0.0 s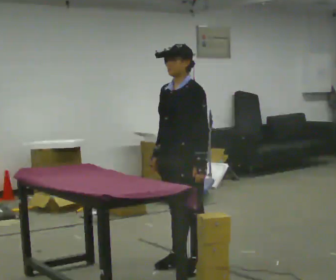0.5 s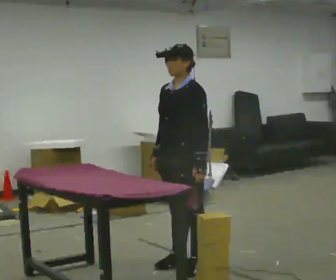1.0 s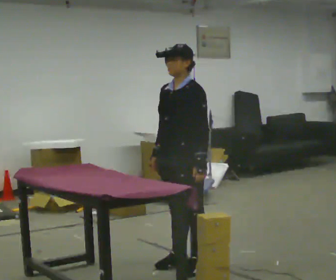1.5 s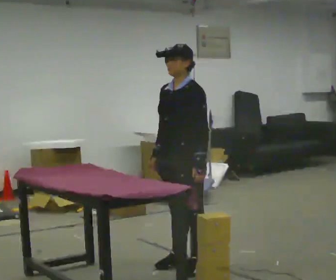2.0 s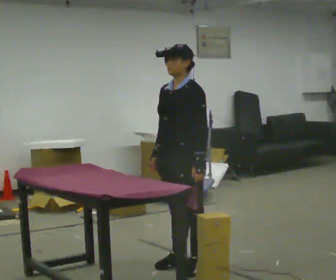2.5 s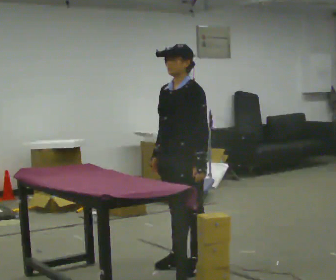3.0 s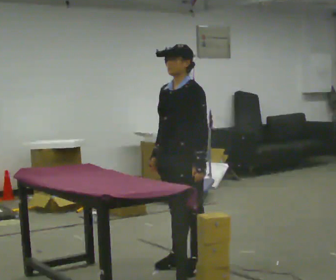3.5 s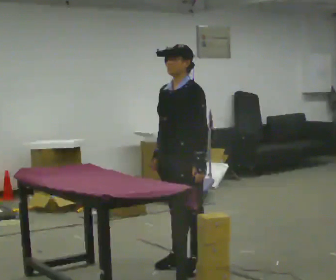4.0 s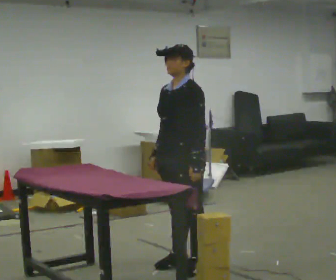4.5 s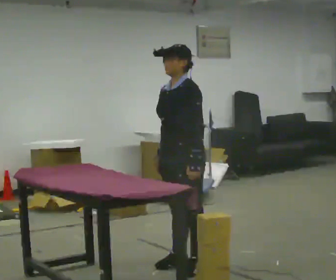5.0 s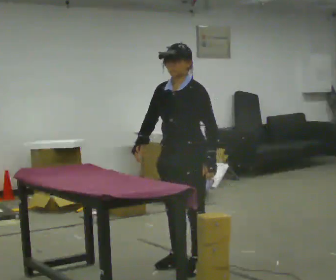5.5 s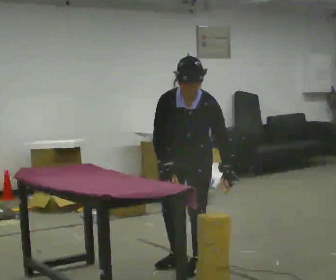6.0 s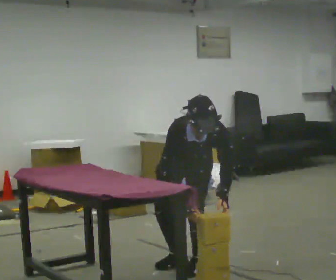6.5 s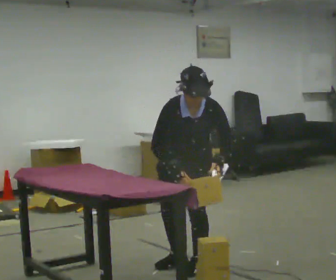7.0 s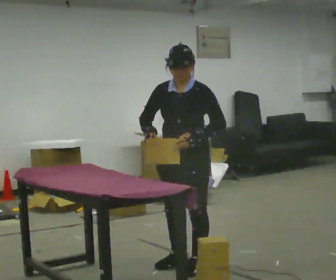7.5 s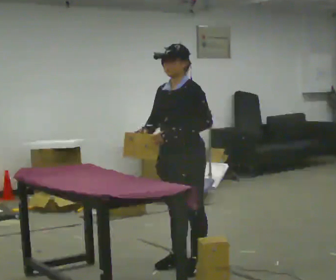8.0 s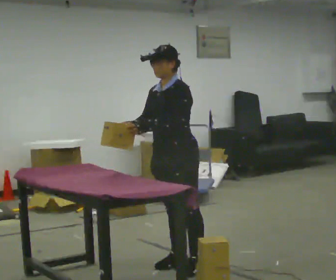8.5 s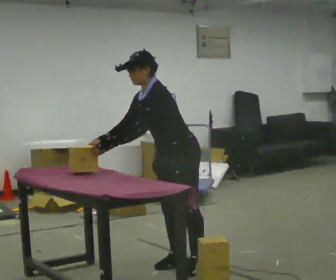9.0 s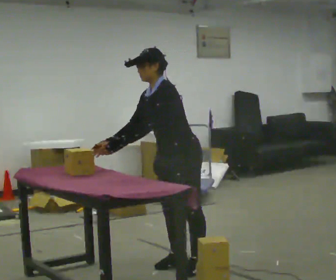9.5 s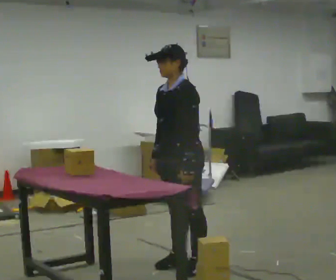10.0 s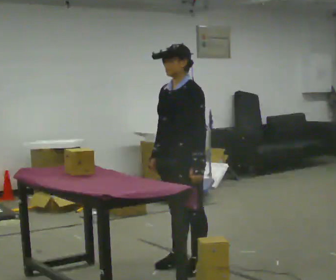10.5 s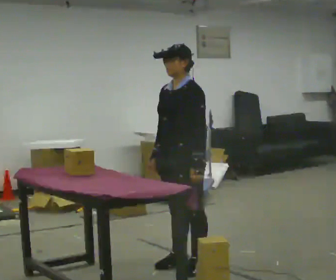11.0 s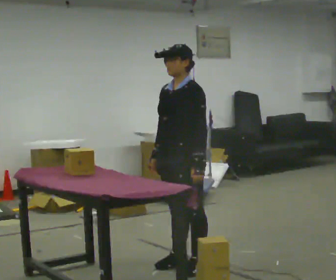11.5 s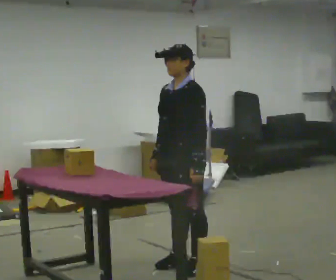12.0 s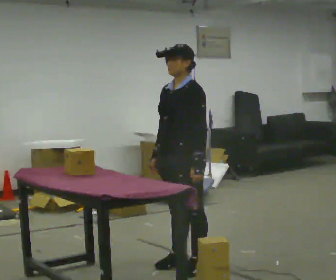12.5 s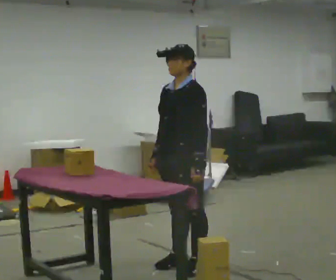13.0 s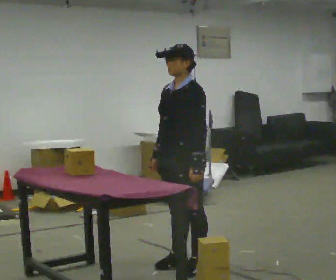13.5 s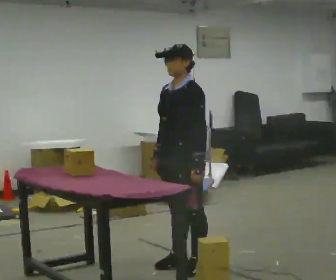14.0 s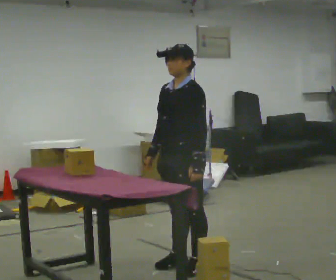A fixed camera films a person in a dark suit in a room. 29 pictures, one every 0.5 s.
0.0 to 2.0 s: The person keeps their place and pose.
2.0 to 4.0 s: The person moves a little, or ends about where they began.
4.0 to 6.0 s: The person turns about 60 degrees to their left, counterclockwise seen from above, so the part of the body nearest the lens slides to the right. The upper body goes downward. The upper body tips toward the camera, its near side rolling downward, as they bend forward.
6.0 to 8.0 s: The person turns about 45 degrees to their right, clockwise seen from above, so the part of the body nearest the lens slides to the left. The upper body goes upward. The upper body tips away from the camera, its near side rolling upward, as they lean back or straighten. In the picture their left hand goes to the left and upward.
8.0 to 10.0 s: In the picture their left hand goes to the right.
10.0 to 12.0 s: The person keeps their place and pose.
12.0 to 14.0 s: The person moves a little, or ends about where they began.
The film runs backward here.
